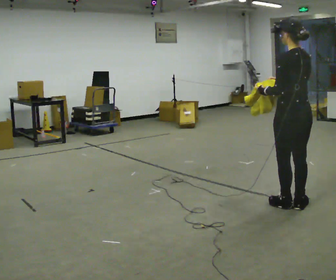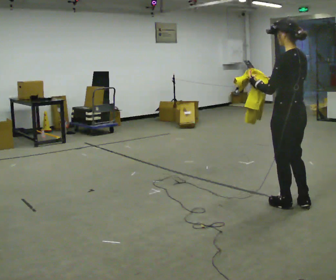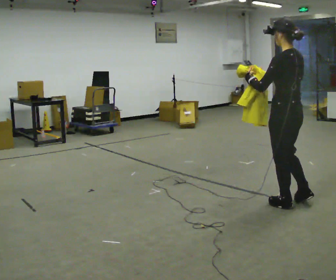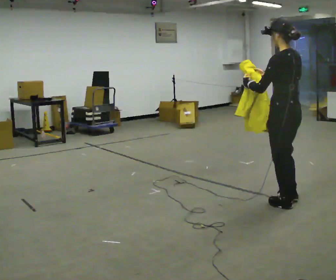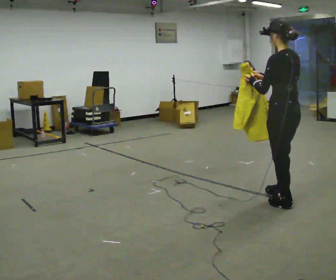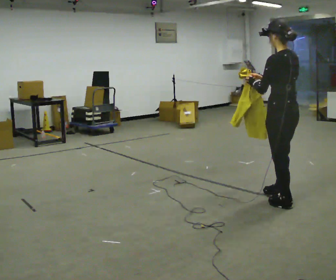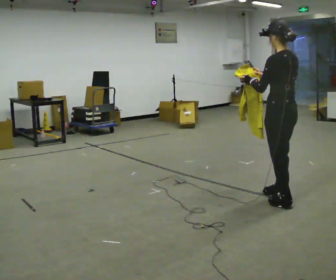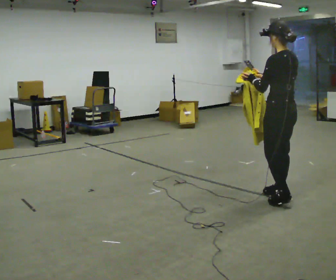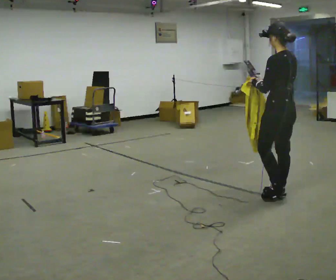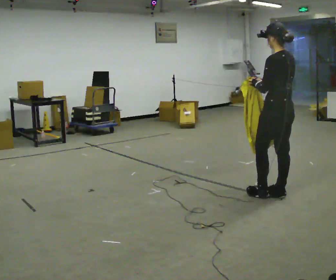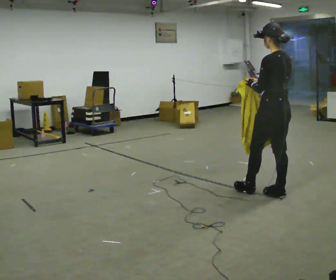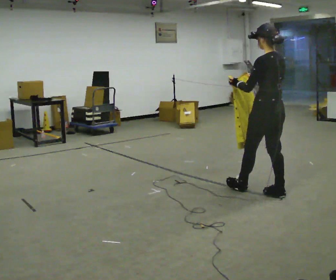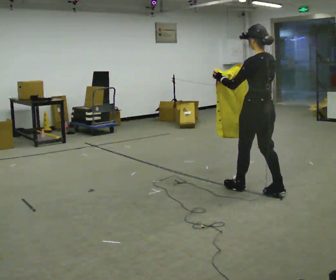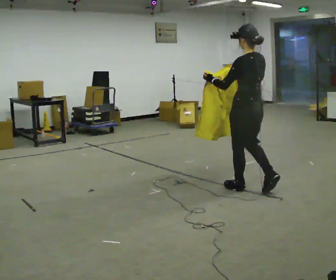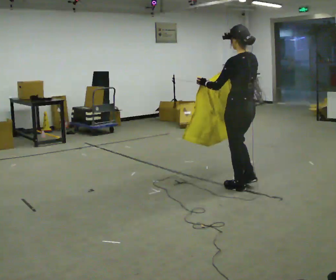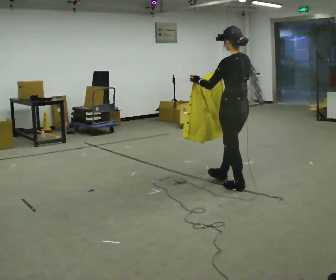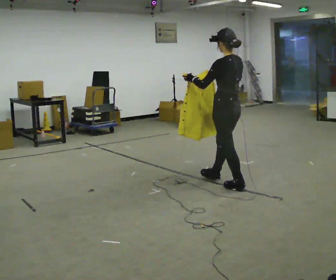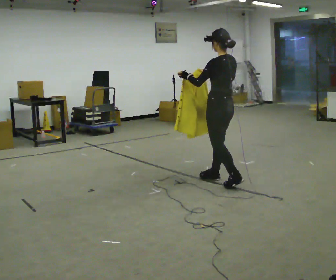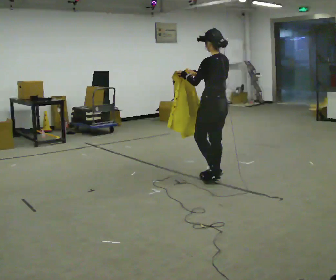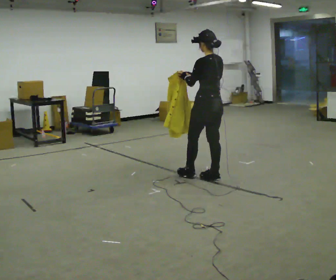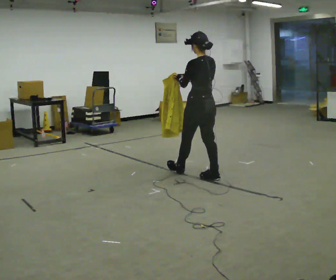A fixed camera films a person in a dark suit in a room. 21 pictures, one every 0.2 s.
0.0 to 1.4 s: In the picture they go away from the camera, about 0.25 m in 1 step, which for them is forward and to their right.
1.4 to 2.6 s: In the picture they go to the left and away from the camera, about 0.5 m in 1 step, which for them is forward.
2.6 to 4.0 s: In the picture they go to the left and away from the camera, about 0.5 m in 2 steps, which for them is forward.
The film runs forward here.
